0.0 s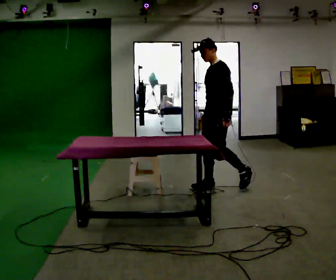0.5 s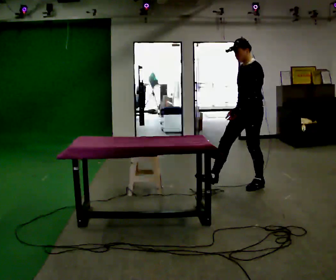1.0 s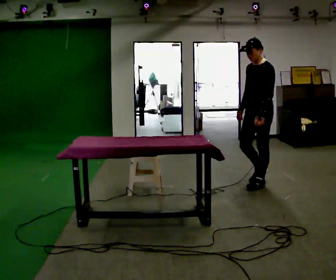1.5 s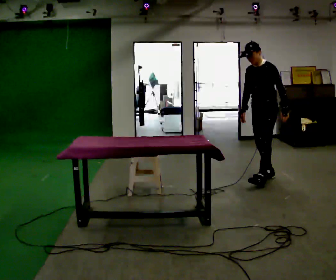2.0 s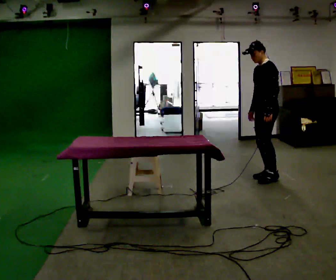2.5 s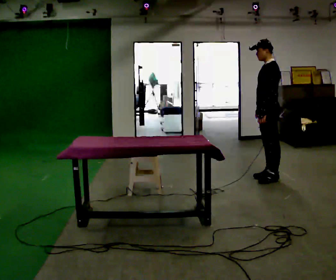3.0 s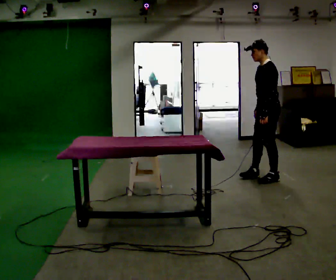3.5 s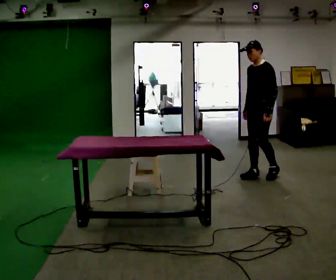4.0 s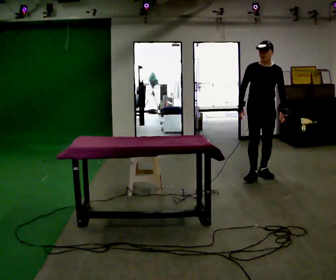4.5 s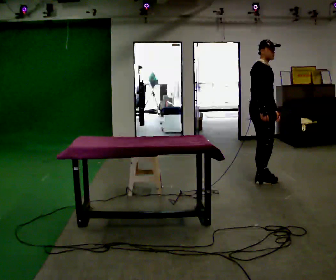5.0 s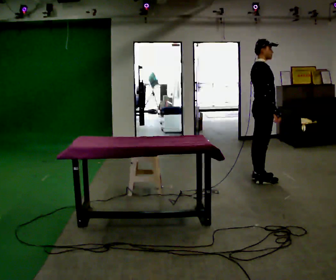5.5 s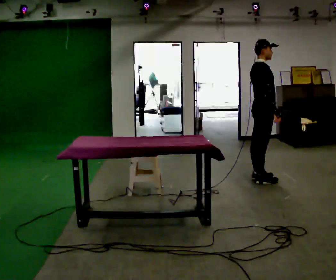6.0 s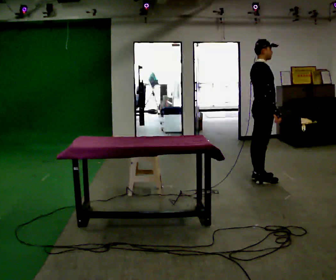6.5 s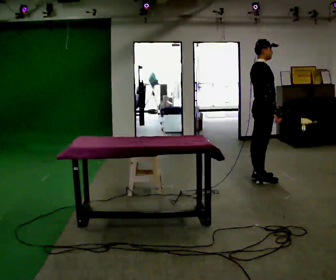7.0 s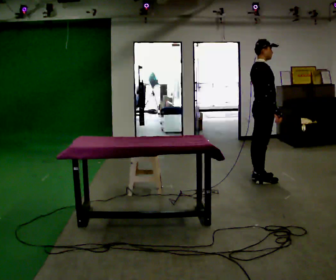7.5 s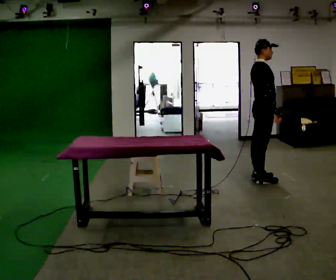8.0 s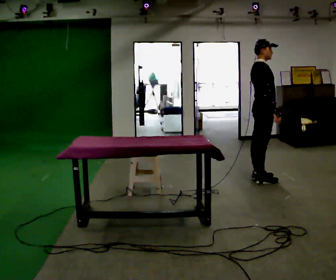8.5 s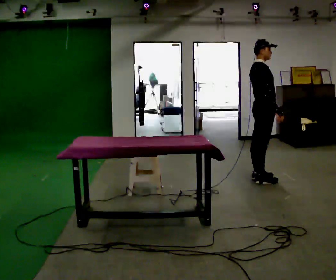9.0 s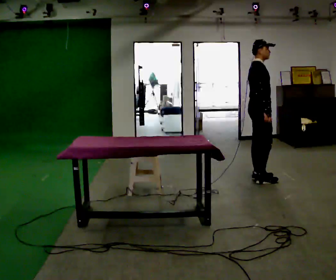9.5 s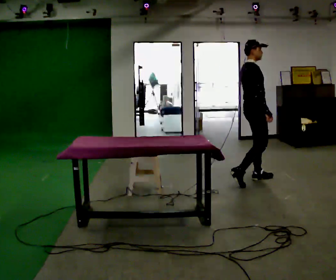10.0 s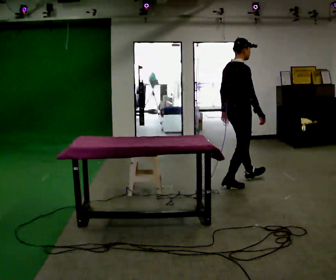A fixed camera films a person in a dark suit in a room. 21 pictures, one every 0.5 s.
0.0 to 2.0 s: In the picture they go to the right and away from the camera, about 0.5 m in 2 steps, which for them is backward.
2.0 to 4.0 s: The person turns about 75 degrees to their left, counterclockwise seen from above, so the part of the body nearest the lens slides to the right.
4.0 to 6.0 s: The person turns about 105 degrees to their left, counterclockwise seen from above, so the part of the body nearest the lens slides to the right. In the picture they go toward the camera, about 0.25 m in 1 step. In the picture their right hand goes to the right, the arm swinging counterclockwise.
6.0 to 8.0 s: The person keeps their place and pose.
8.0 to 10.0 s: In the picture they go toward the camera and to the left, about 0.5 m in 2 steps, which for them is backward and to their right.
The film runs backward here.
